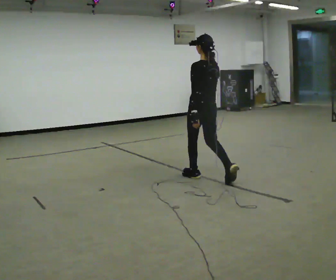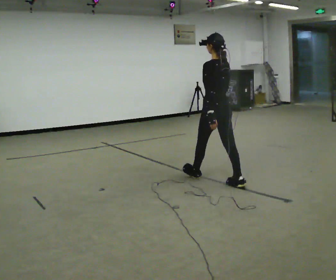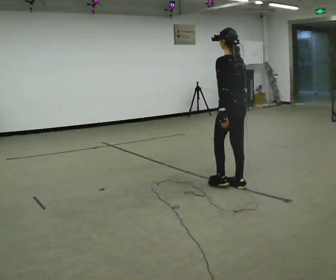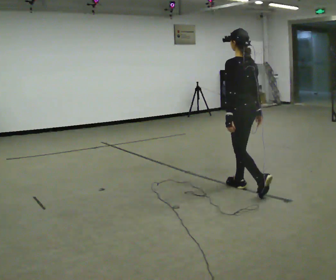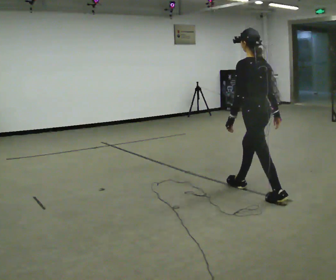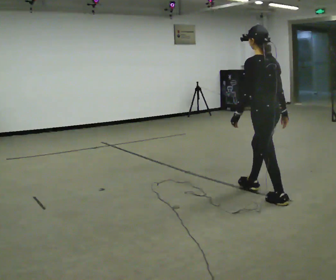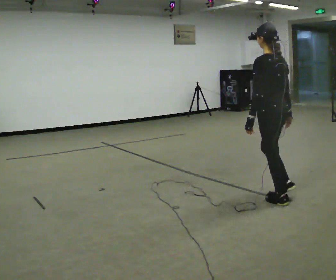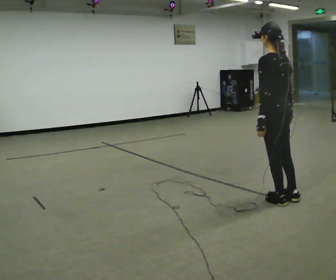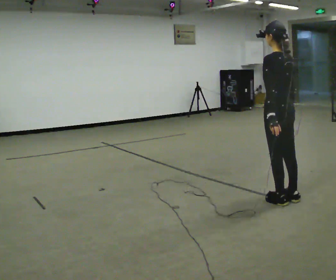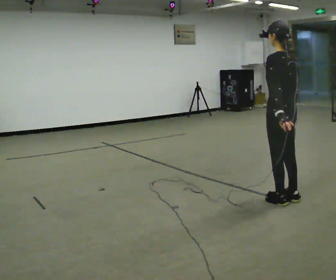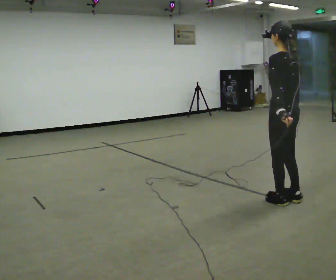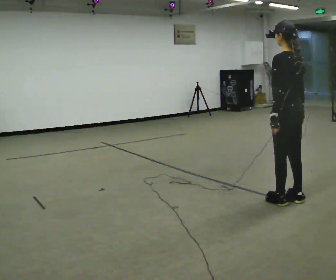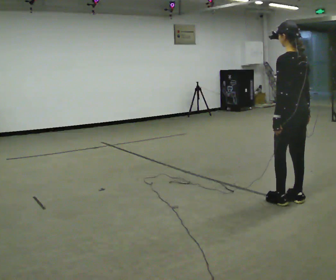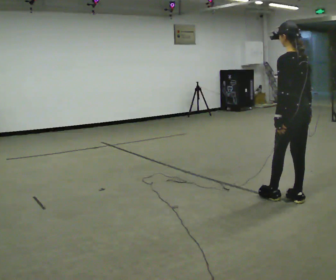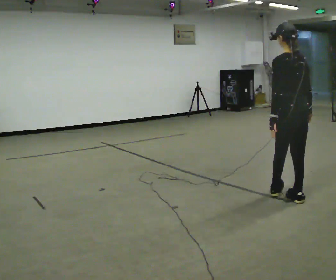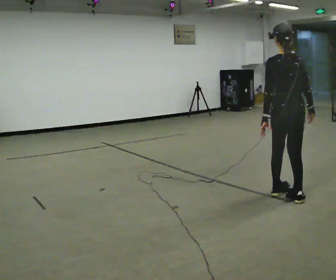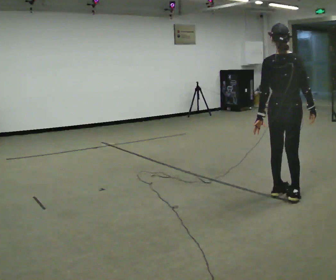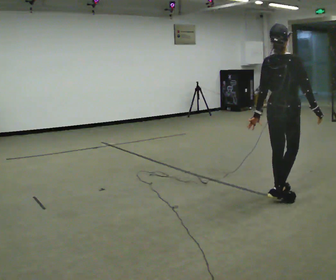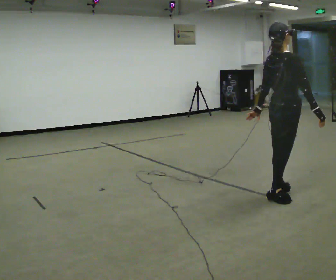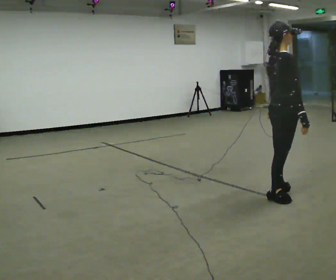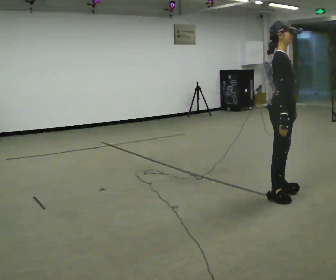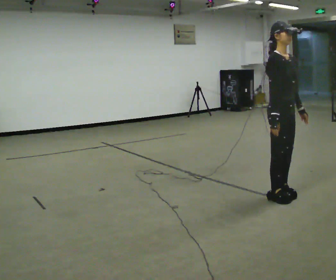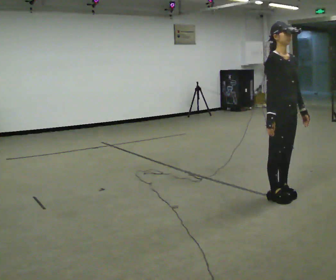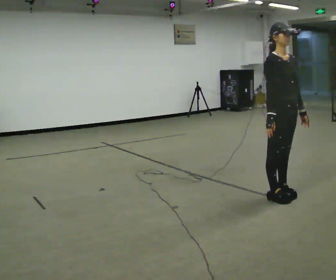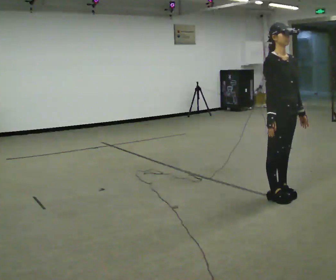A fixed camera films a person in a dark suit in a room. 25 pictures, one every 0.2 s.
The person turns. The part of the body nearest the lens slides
to the left.
The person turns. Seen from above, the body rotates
clockwise.
0.0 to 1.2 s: In the picture they go to the right and toward the camera, about 1 m in 2 steps, which for them is backward.
1.2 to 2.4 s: In the picture they go to the right, about 0.25 m, which for them is backward.
2.4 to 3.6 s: The part of the body nearest the lens slides to the left as the person turns to their right by about 105 degrees.
3.6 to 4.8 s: The person turns about 75 degrees to their right, clockwise seen from above, so the part of the body nearest the lens slides to the left. In the picture their left hand goes to the right, the arm swinging counterclockwise.
The film runs backward here.
